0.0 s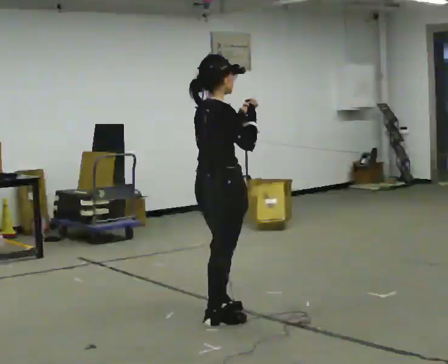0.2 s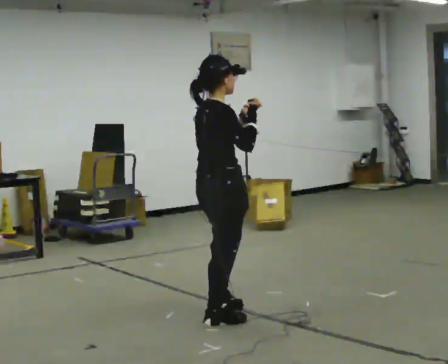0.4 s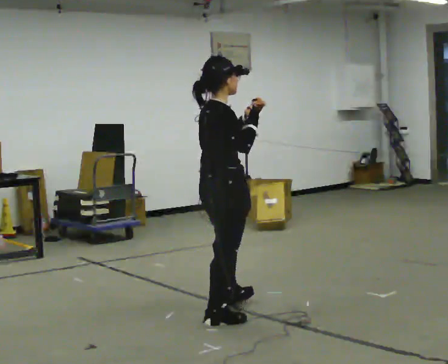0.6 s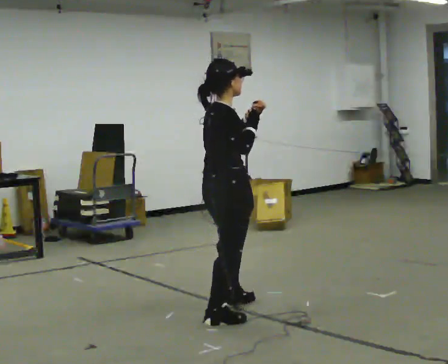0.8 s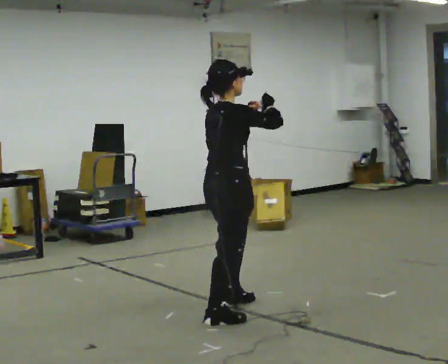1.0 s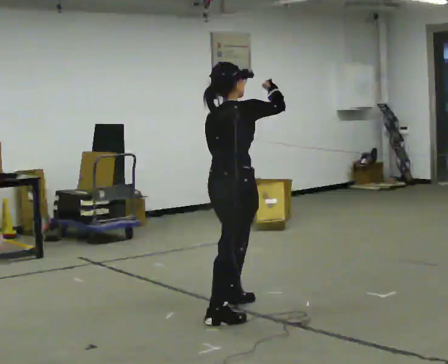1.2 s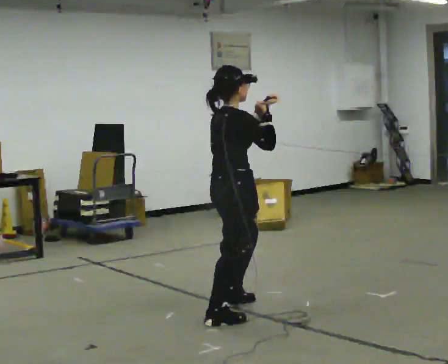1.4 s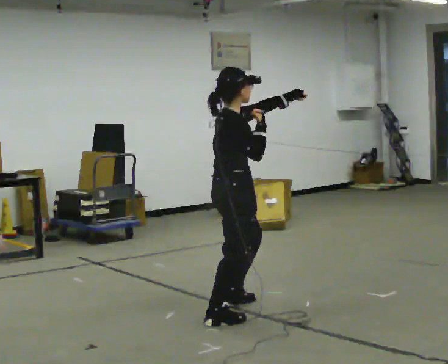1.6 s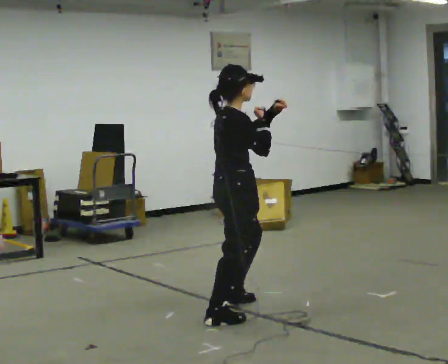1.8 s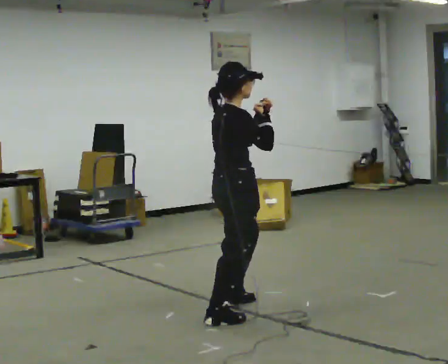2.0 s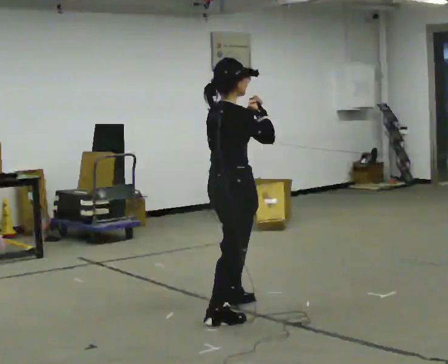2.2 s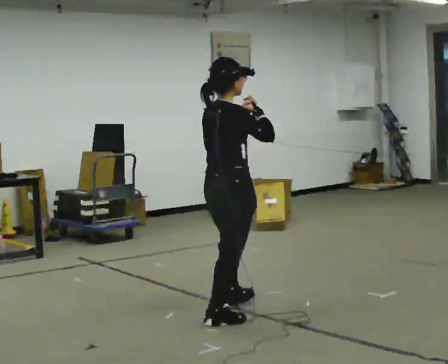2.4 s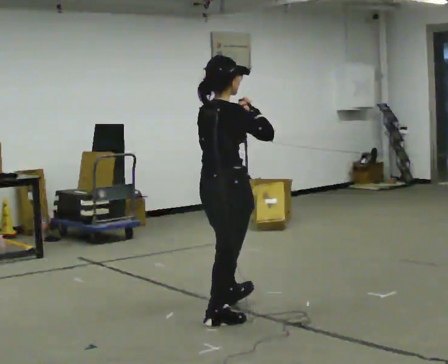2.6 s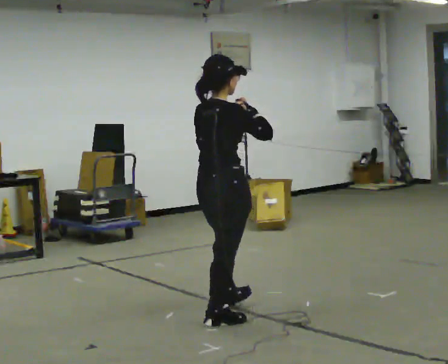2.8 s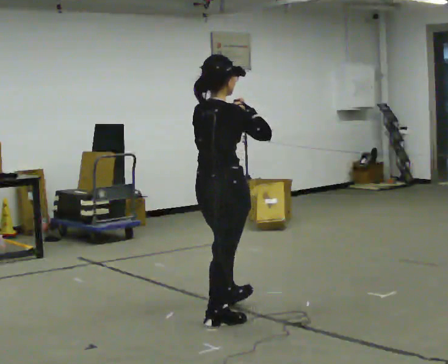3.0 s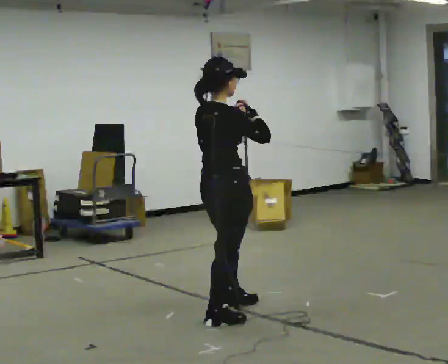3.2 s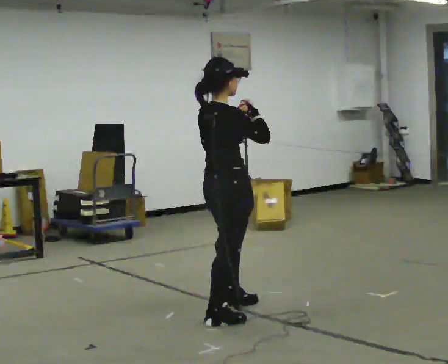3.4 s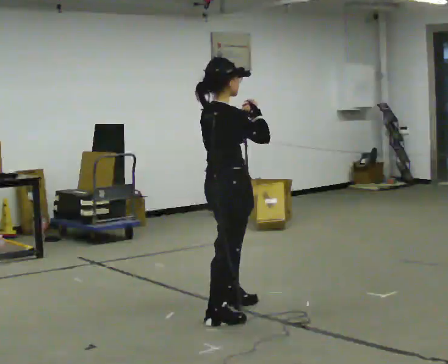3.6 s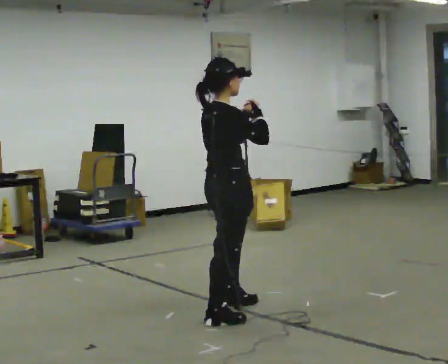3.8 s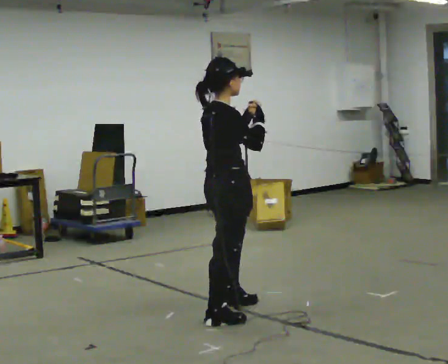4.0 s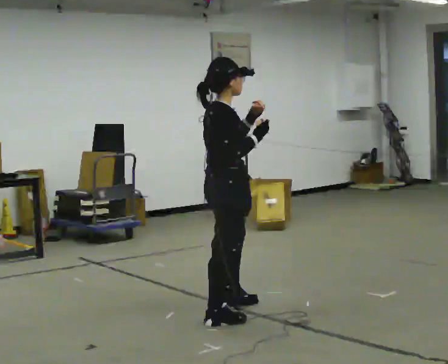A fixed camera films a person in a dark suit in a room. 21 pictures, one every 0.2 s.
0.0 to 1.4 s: In the picture they go away from the camera, about 0.25 m in 1 step, which for them is to their left and forward. In the picture their left hand goes to the right.
1.4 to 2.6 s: The part of the body nearest the lens slides to the right as the person turns to their left by about 30 degrees. In the picture they go toward the camera, about 0.25 m, which for them is to their right and backward.
2.6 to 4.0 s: The person moves a little, or ends about where they began.
The film runs forward here.
